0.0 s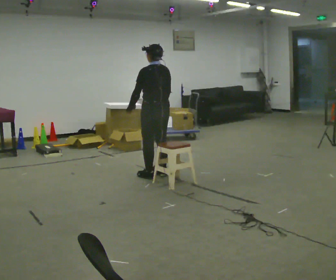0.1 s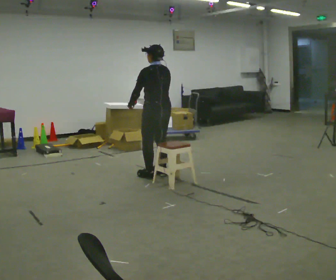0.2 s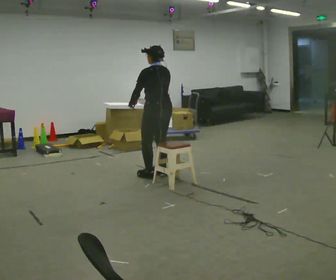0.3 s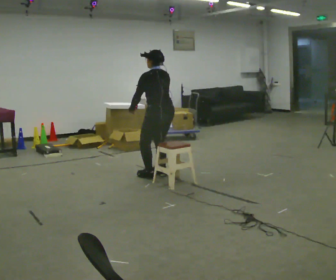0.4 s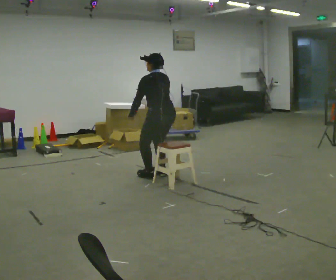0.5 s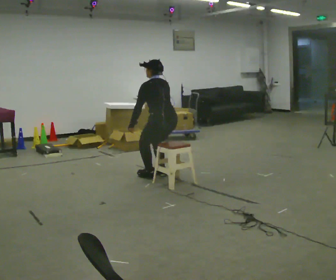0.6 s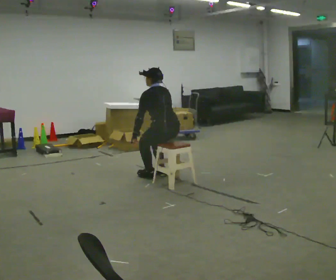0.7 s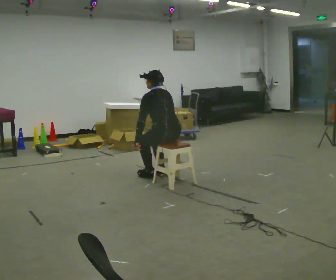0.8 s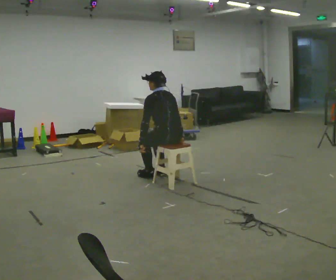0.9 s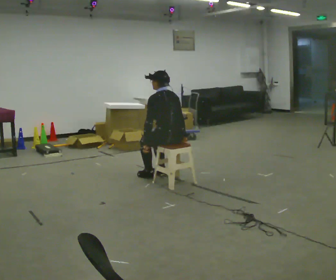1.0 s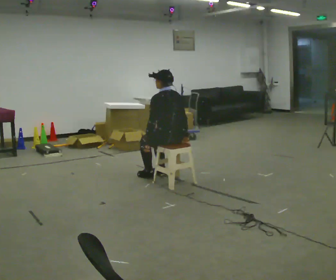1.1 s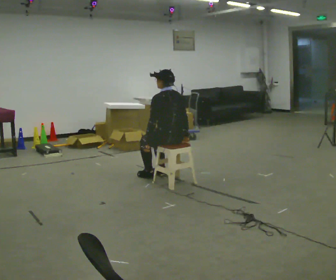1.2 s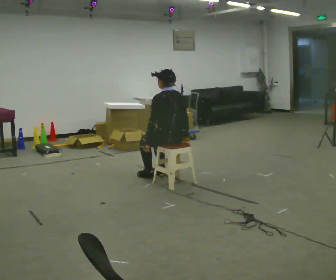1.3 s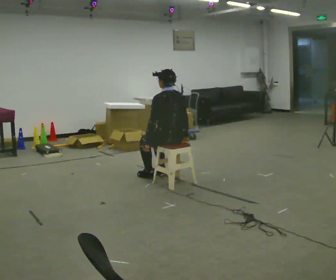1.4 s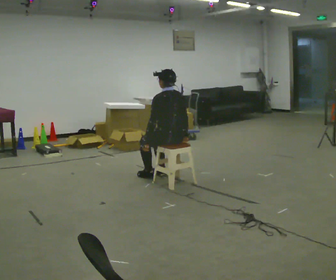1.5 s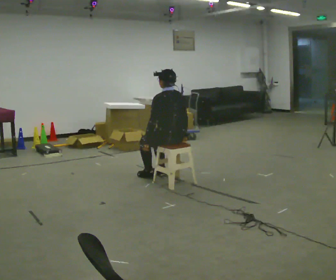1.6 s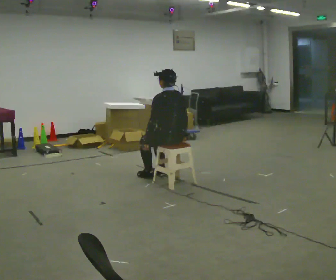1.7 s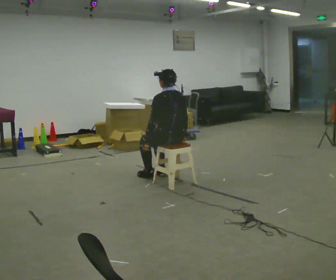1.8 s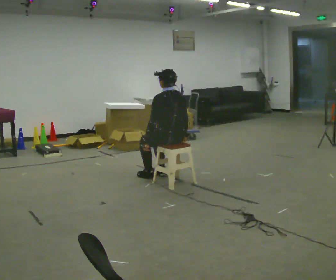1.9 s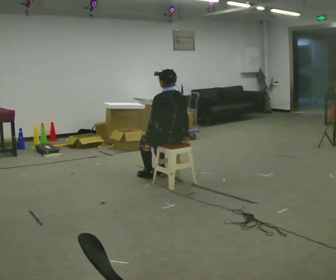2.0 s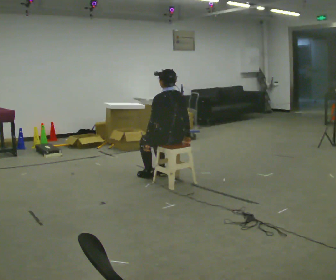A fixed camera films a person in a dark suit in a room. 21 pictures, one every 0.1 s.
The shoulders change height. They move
downward.
0.0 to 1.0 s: In the picture they go toward the camera and to the right, about 0.25 m, which for them is backward. The upper body goes downward. In the picture their left hand goes downward.
1.0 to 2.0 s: The person moves a little, or ends about where they began.
The film runs backward here.
